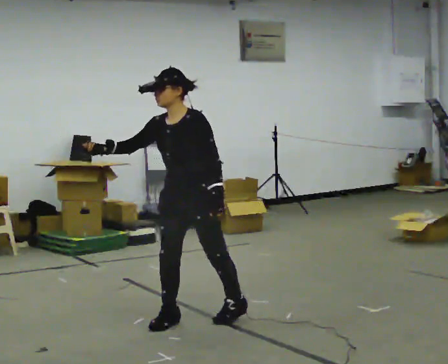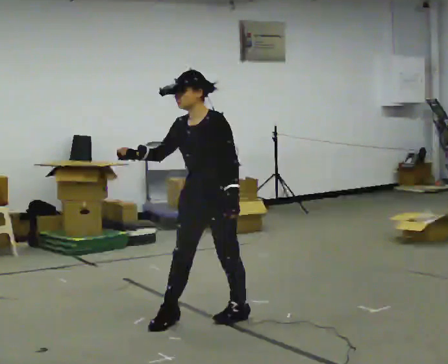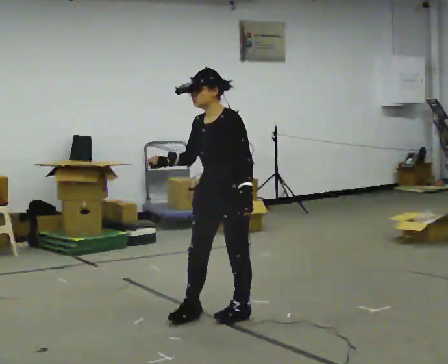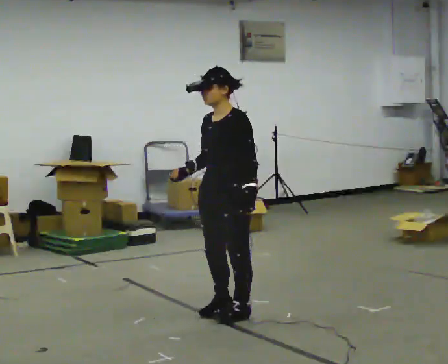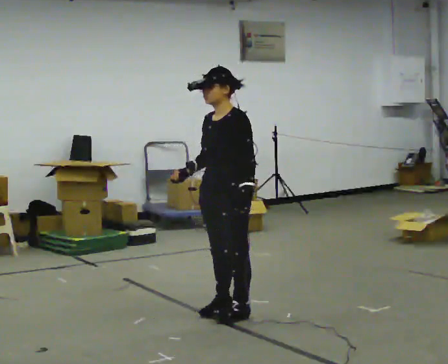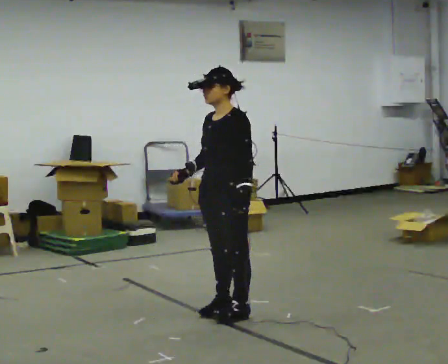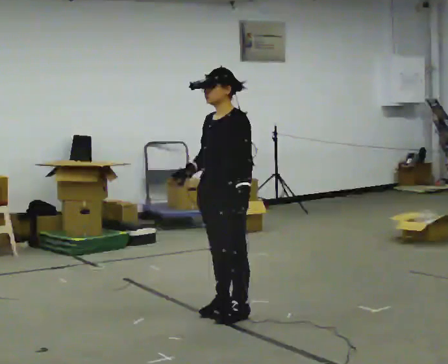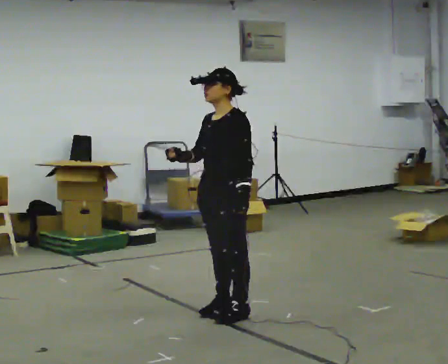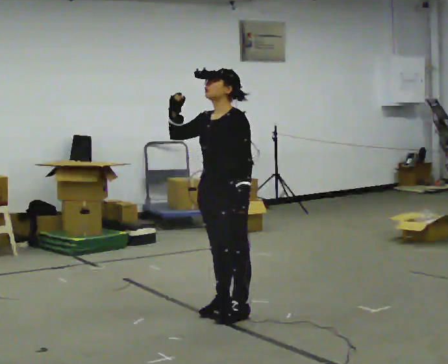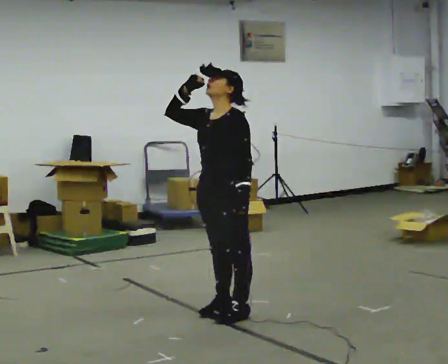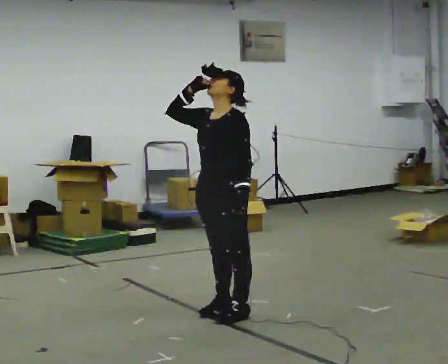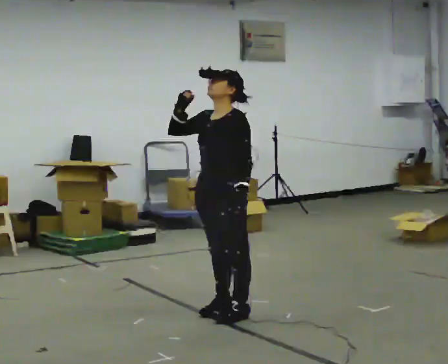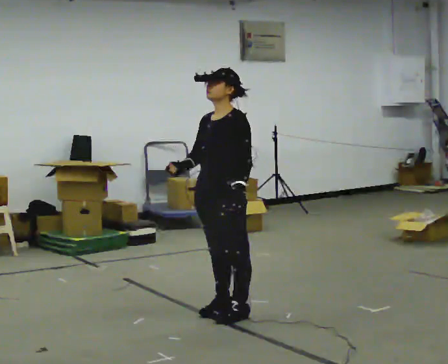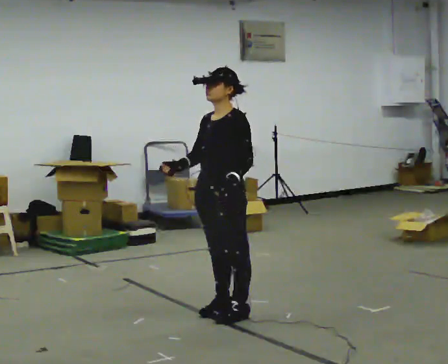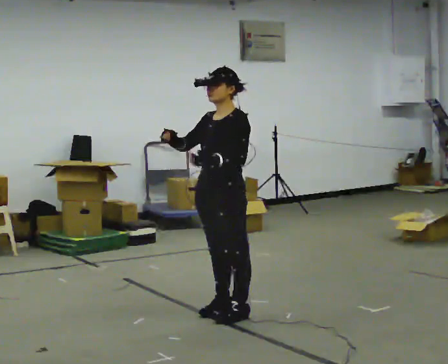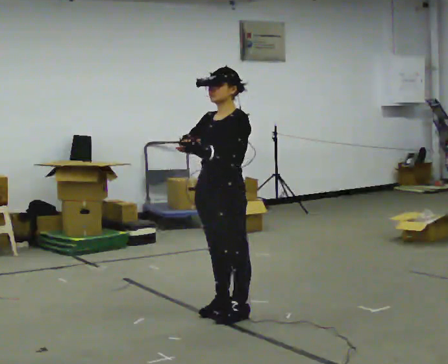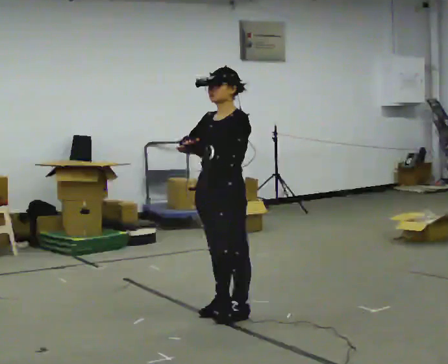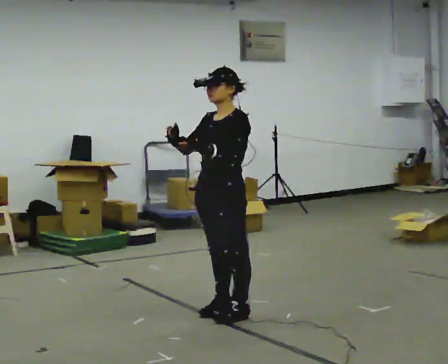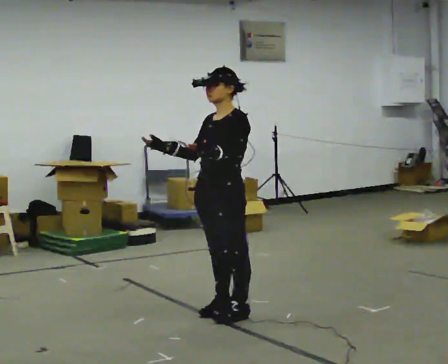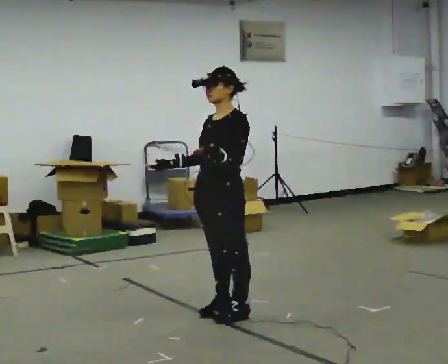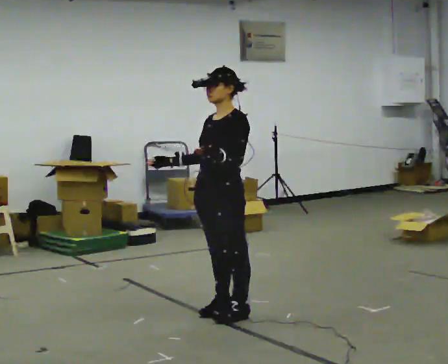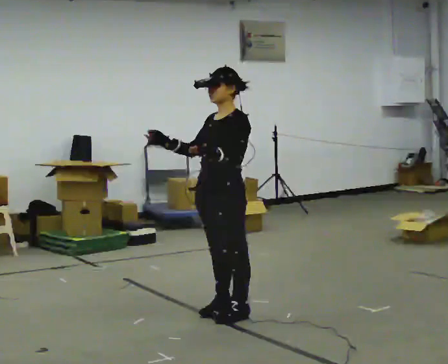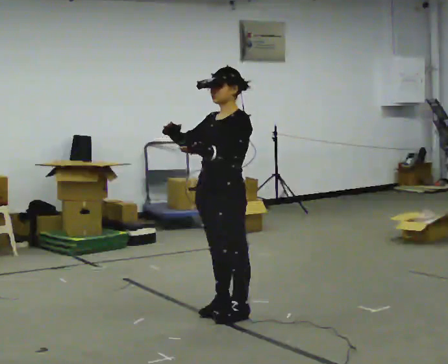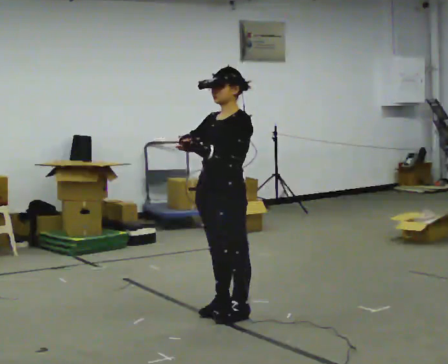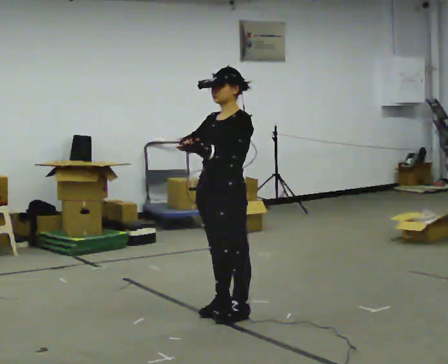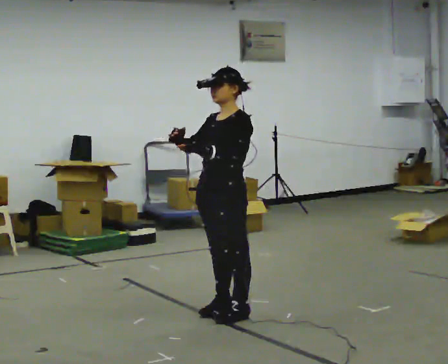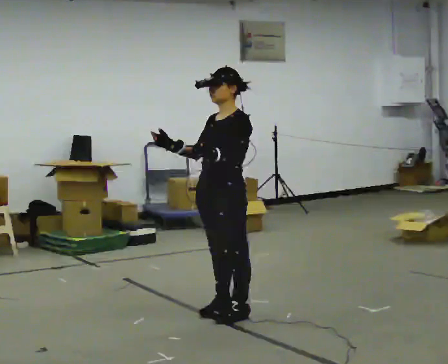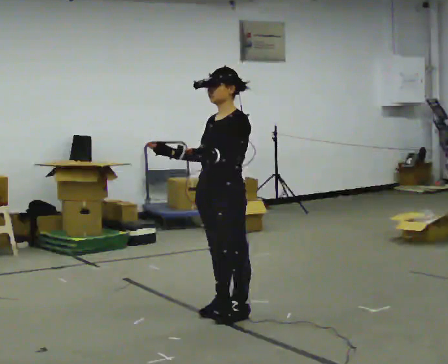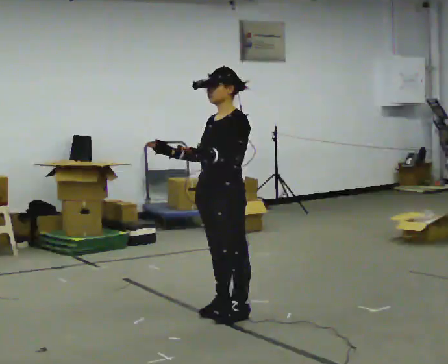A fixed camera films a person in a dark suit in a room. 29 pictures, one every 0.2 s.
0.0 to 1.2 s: In the picture they go to the right, about 0.25 m in 1 step, which for them is backward. In the picture their right hand goes to the right.
1.2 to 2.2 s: In the picture their right hand goes upward.
2.2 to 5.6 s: The person moves a little, or ends about where they began.
The film runs forward here.
